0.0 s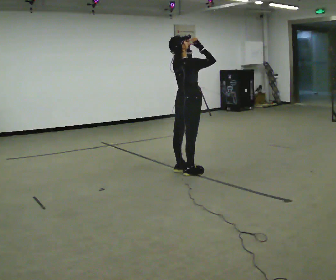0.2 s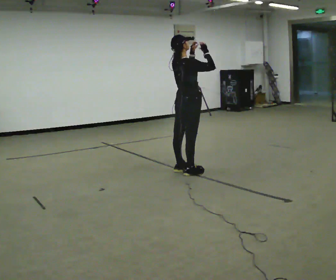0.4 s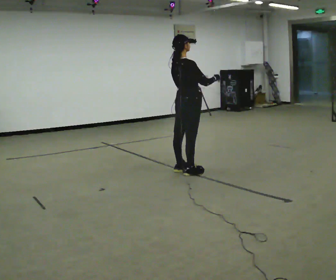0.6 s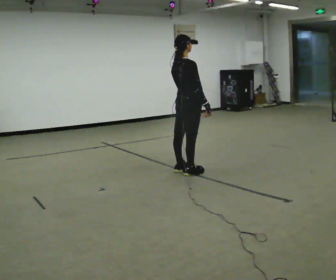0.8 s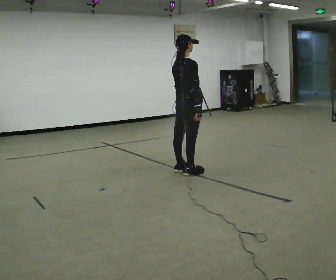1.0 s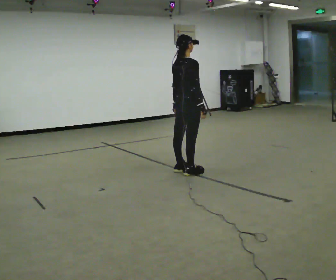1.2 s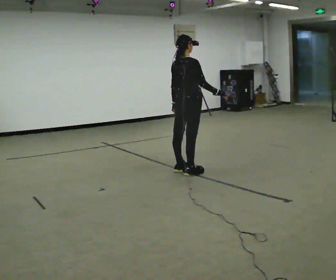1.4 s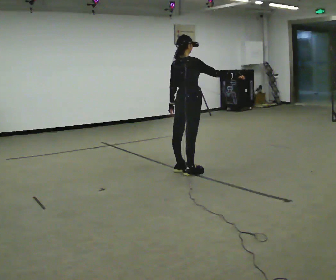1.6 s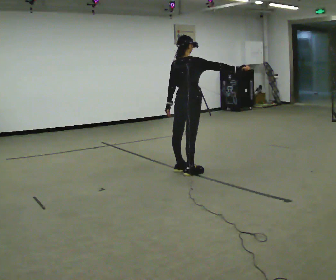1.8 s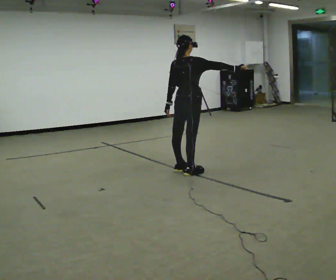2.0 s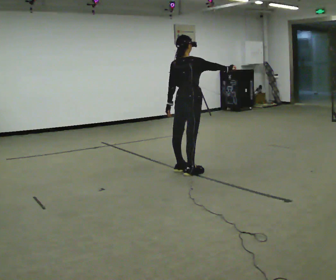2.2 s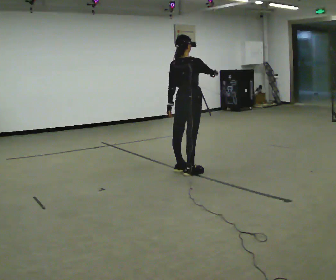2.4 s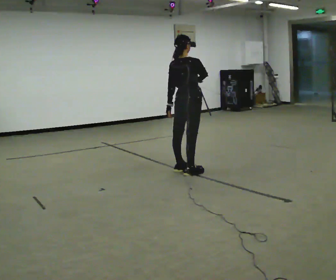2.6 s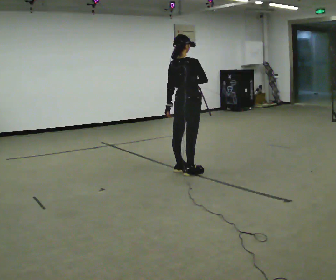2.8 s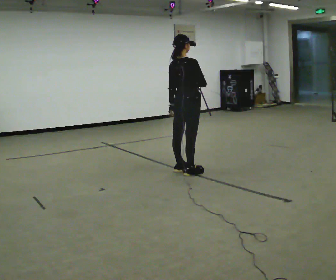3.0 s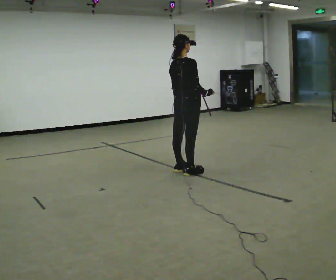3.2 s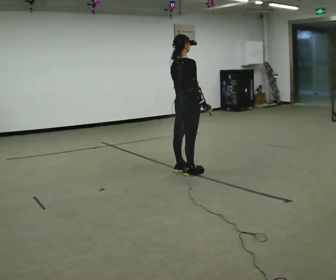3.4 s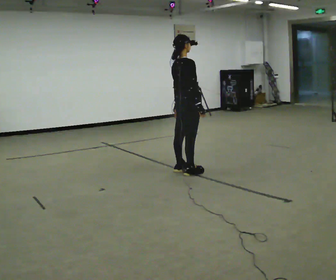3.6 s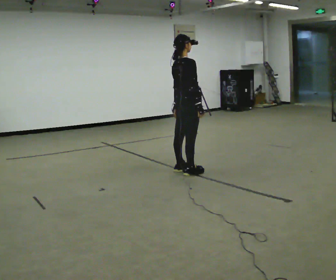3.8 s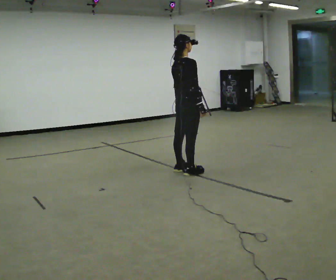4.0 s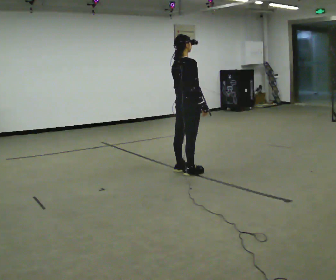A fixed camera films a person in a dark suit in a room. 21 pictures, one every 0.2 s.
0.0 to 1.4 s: In the picture their left hand goes downward.
1.4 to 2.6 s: In the picture their right hand goes to the left.
2.6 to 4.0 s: The person moves a little, or ends about where they began.
The film runs backward here.
